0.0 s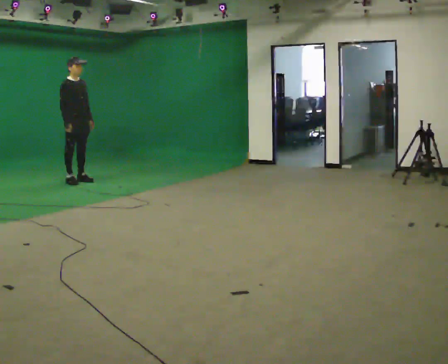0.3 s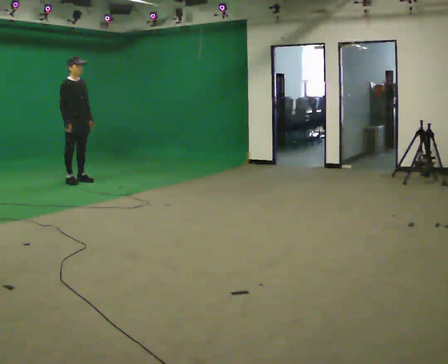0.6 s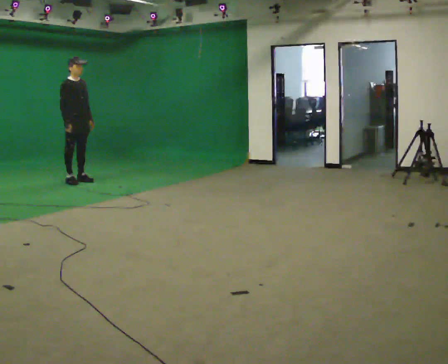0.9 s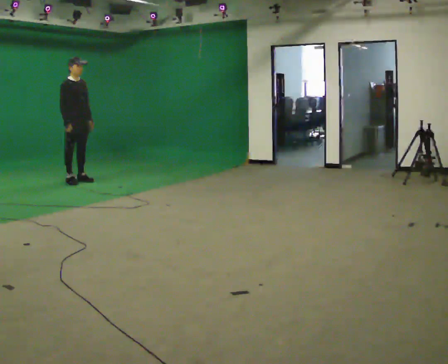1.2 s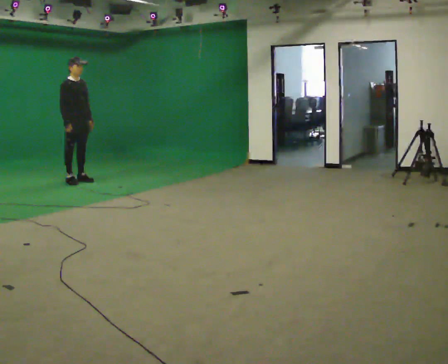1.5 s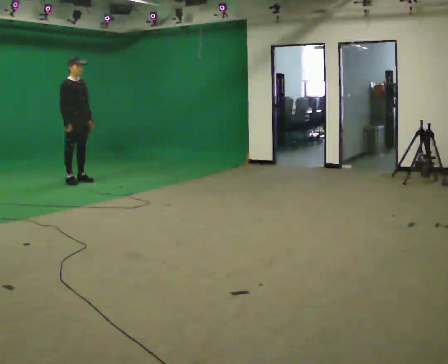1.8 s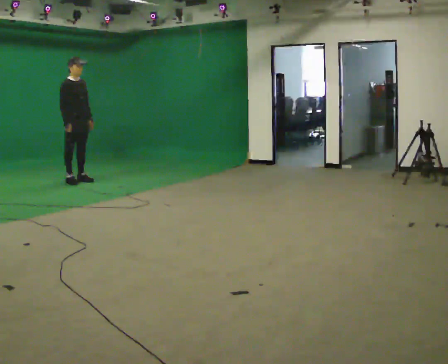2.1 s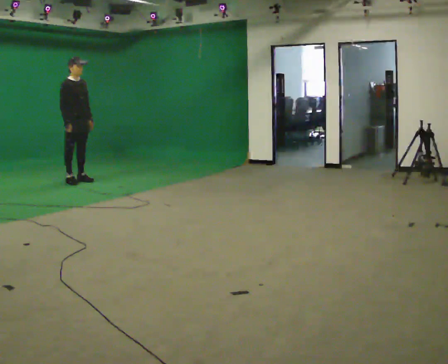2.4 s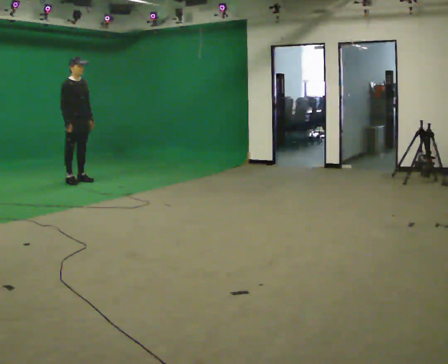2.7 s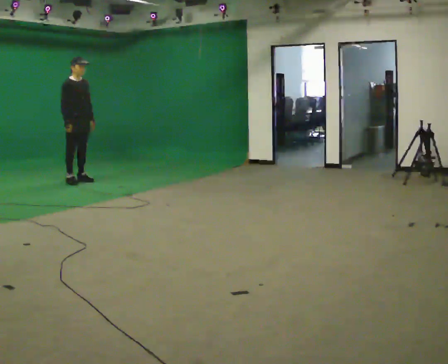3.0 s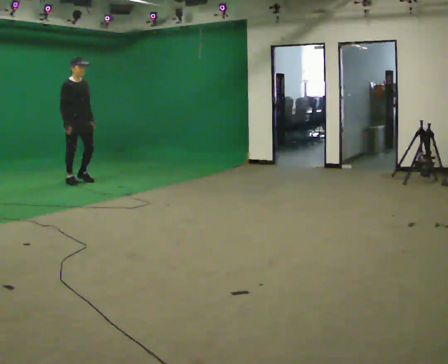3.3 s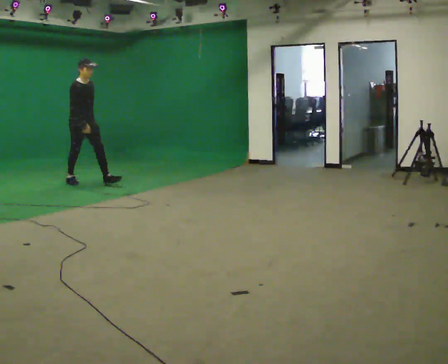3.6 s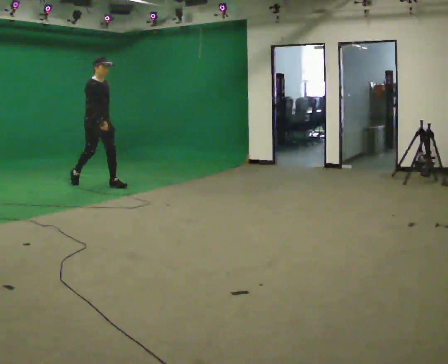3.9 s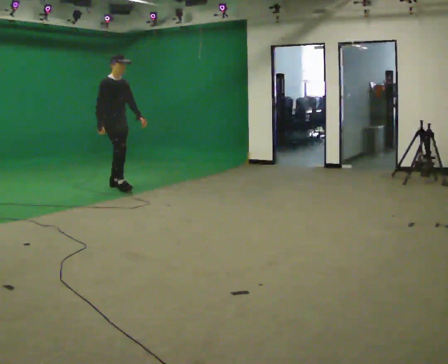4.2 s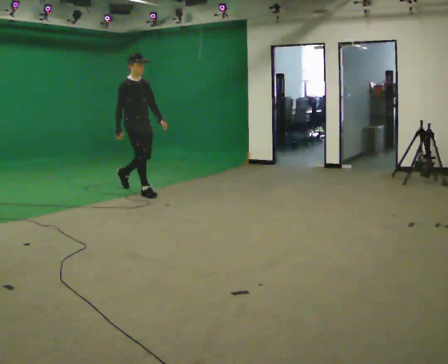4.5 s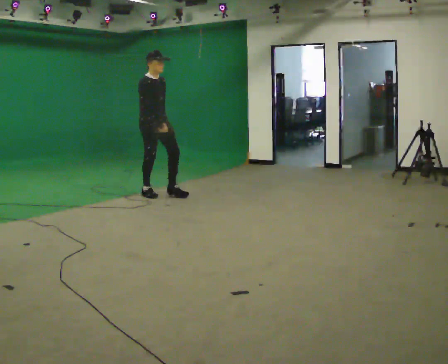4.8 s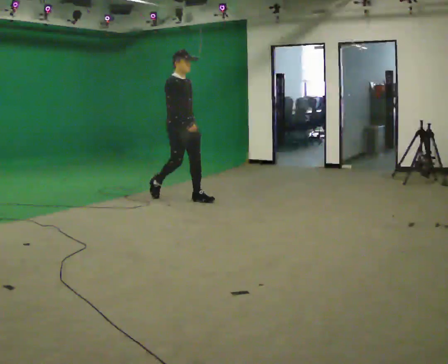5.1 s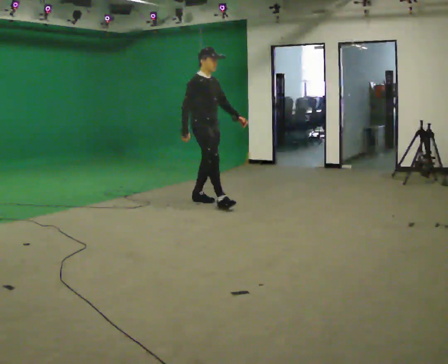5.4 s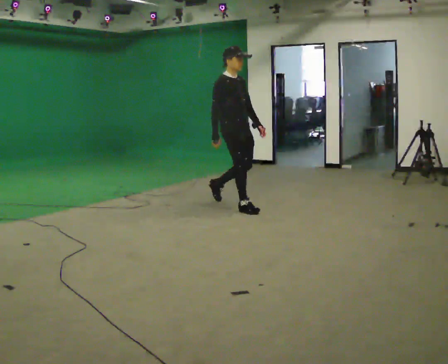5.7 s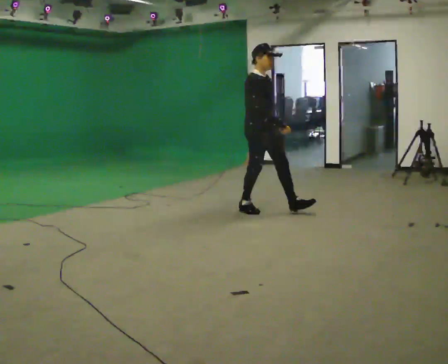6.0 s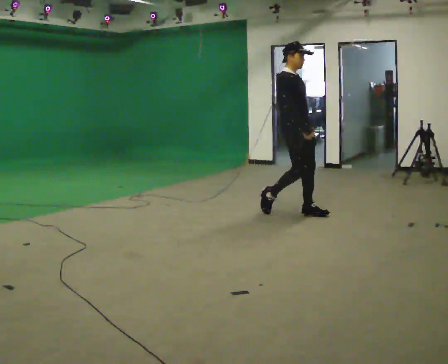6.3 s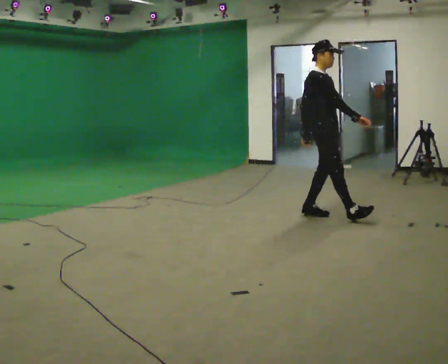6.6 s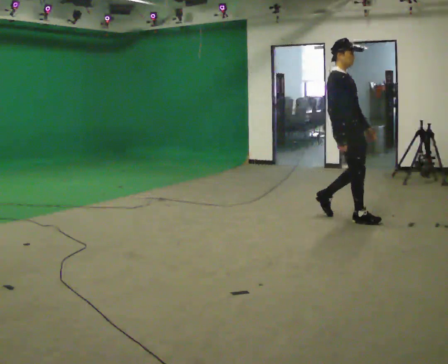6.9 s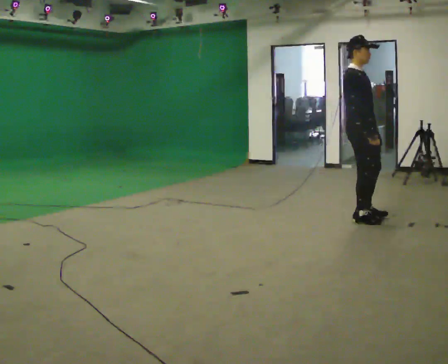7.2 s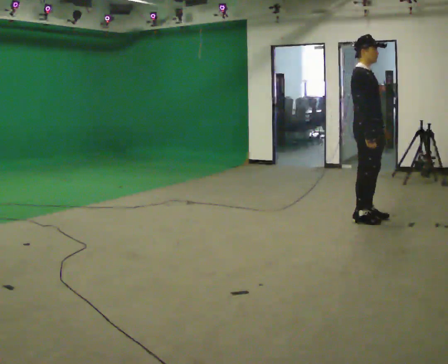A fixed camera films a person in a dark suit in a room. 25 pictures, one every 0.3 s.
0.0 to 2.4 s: The person keeps their place and pose.
2.4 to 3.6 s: In the picture they go toward the camera and to the right, about 0.5 m in 1 step, which for them is forward.
3.6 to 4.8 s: In the picture they go toward the camera and to the right, about 1.5 m in 2 steps, which for them is forward.
4.8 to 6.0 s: In the picture they go toward the camera and to the right, about 1.5 m in 2 steps, which for them is forward.
6.0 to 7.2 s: In the picture they go to the right and toward the camera, about 0.5 m in 2 steps, which for them is forward.
The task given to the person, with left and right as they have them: Stand still 2 s; begin walking naturally; walk forward; stop.
The film runs forward here.
